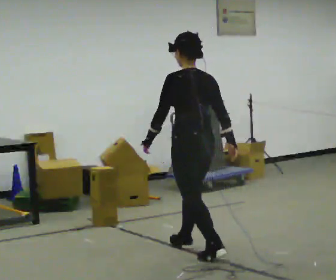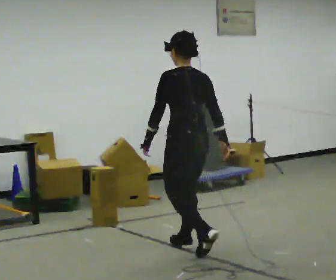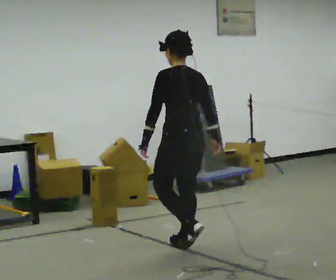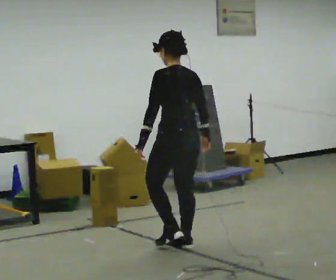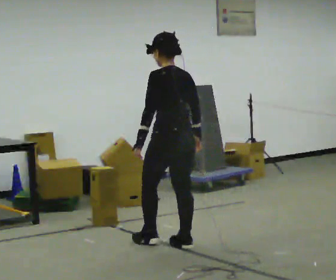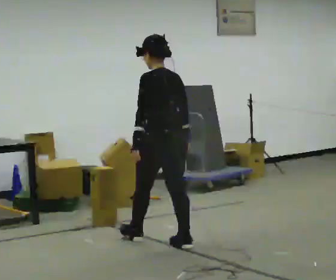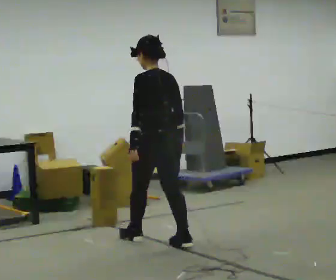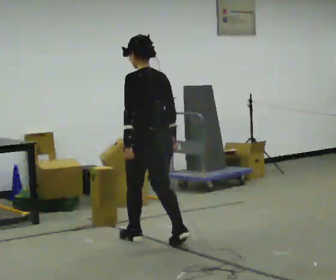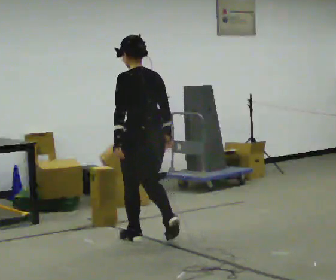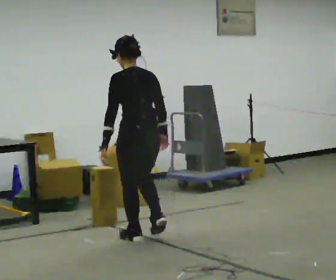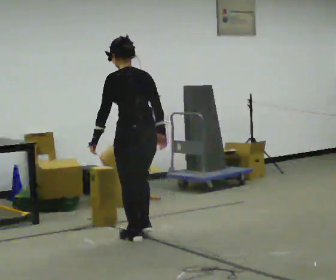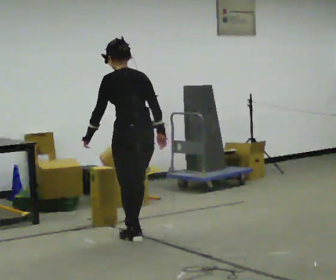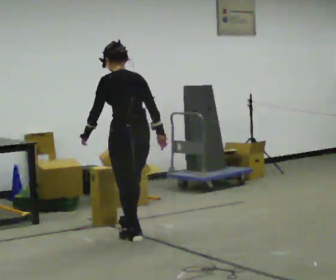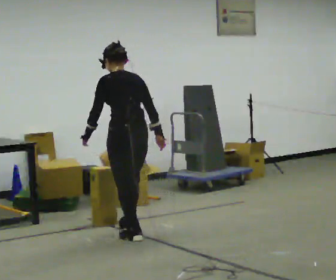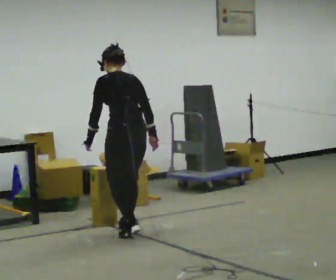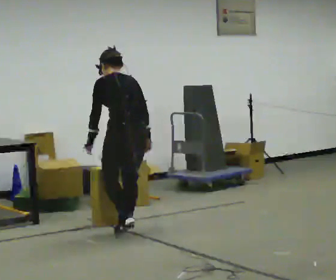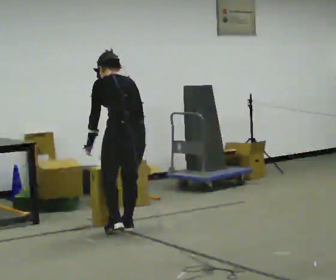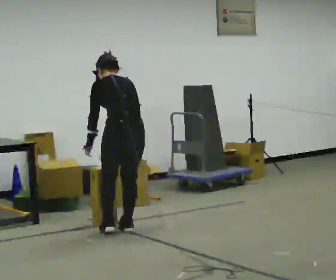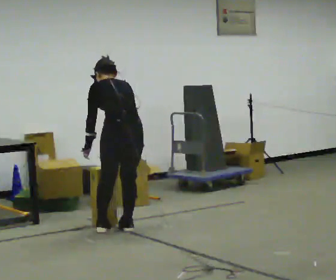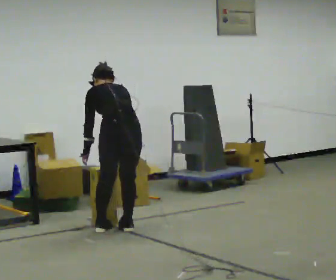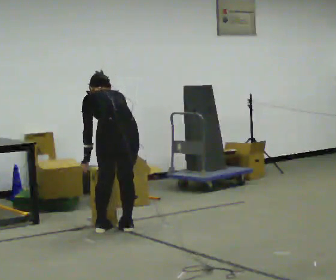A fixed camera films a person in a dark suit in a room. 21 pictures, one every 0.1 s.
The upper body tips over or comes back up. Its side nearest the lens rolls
upward.
0.0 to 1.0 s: In the picture they go away from the camera and to the left, about 0.75 m in 1 step, which for them is forward.
1.0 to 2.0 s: In the picture they go away from the camera, about 0.25 m in 2 steps, which for them is forward. The upper body goes downward. The upper body tips away from the camera, its near side rolling upward, as they bend forward.
The film runs forward here.
